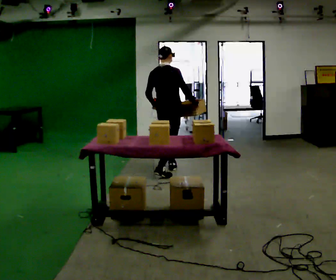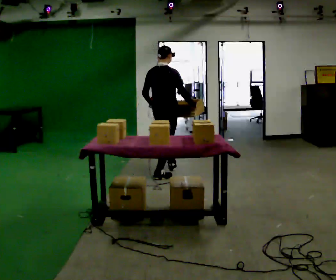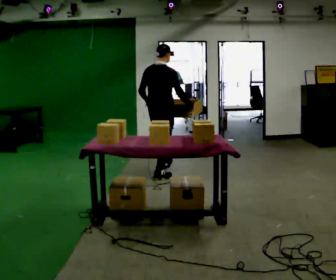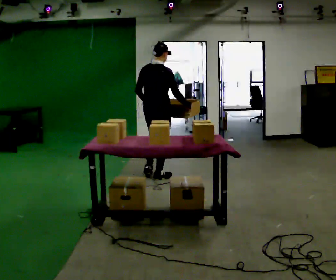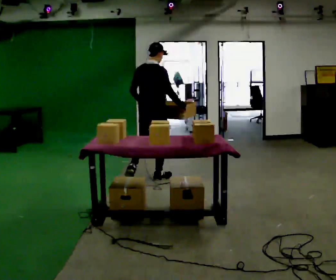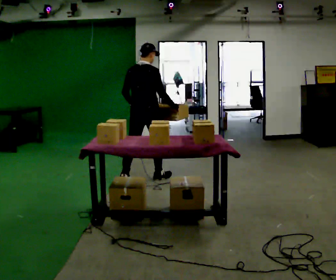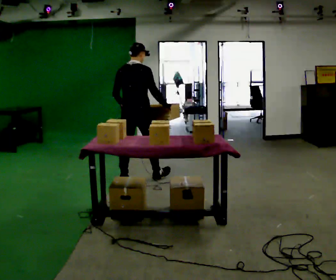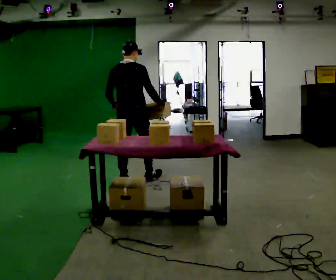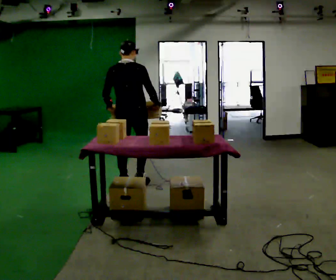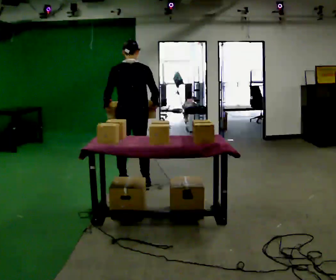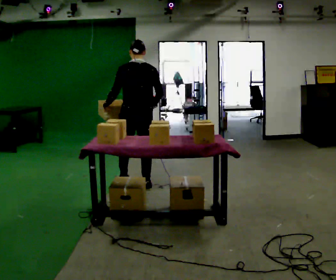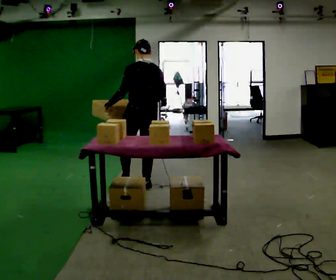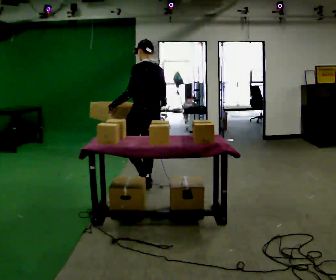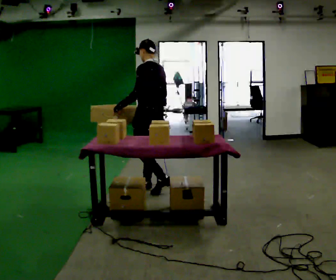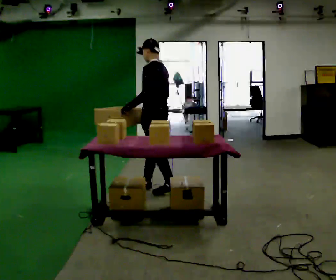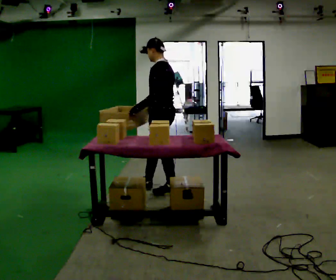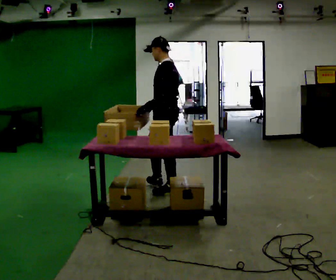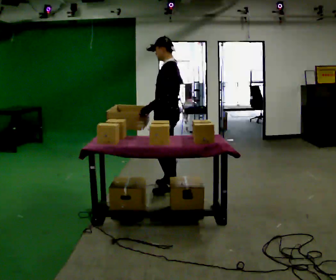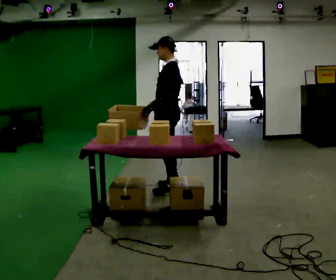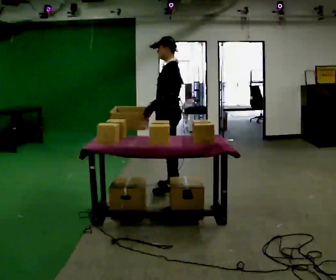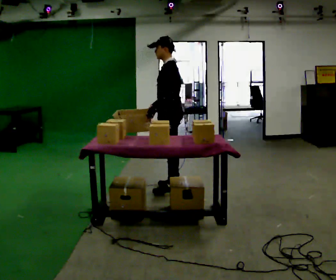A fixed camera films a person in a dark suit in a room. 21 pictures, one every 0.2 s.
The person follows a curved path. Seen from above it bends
counterclockwise.
The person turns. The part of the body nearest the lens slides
to the right.
0.0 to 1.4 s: In the picture they go toward the camera and to the left, about 0.5 m in 2 steps, which for them is backward.
1.4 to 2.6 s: Seen from above the body turns counterclockwise, about 75 degrees: to their left, with its near side sliding to the right. In the picture they go to the right and toward the camera, about 0.25 m in 1 step.
2.6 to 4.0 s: The person turns about 30 degrees to their left, counterclockwise seen from above, so the part of the body nearest the lens slides to the right. In the picture they go to the right, about 0.25 m in 1 step, which for them is backward. In the picture their left hand goes to the right.
The film runs backward here.
